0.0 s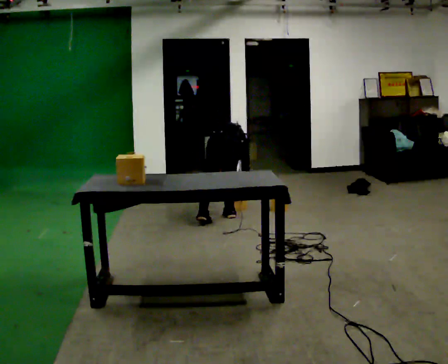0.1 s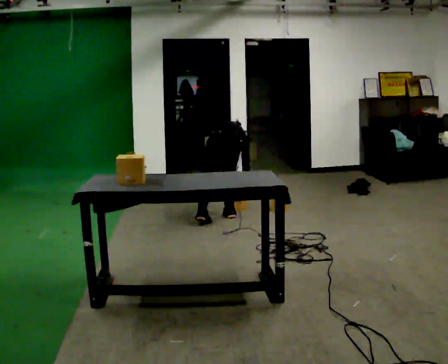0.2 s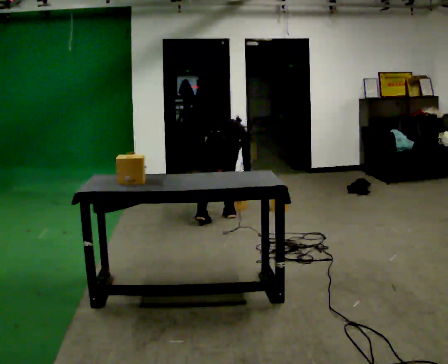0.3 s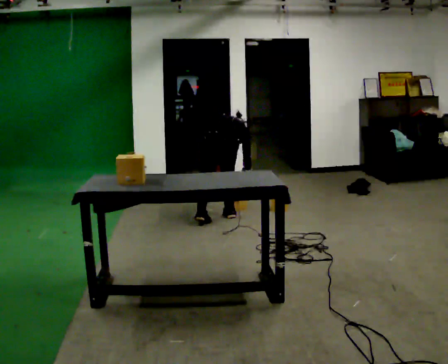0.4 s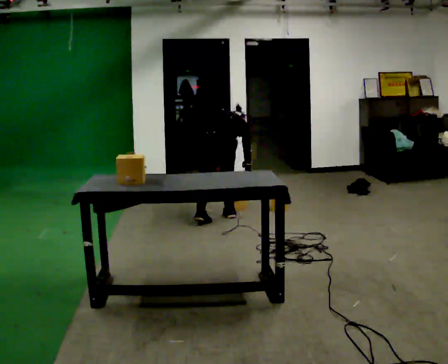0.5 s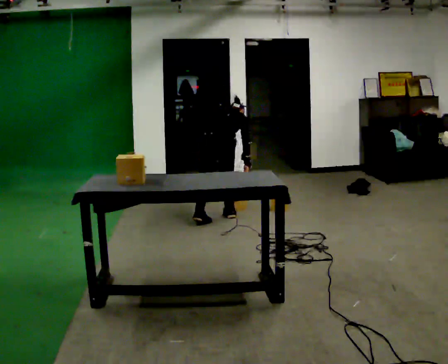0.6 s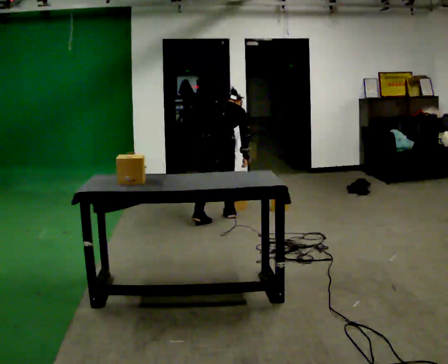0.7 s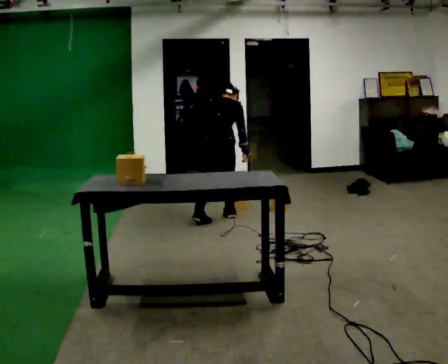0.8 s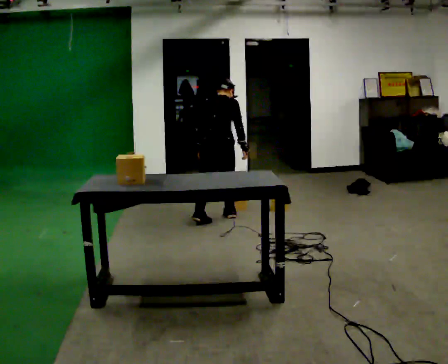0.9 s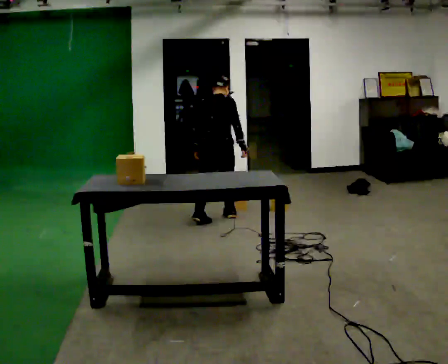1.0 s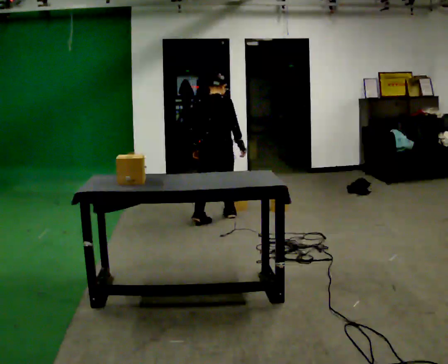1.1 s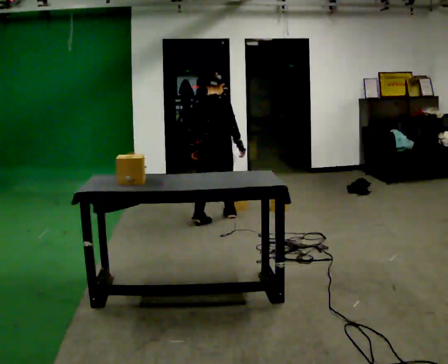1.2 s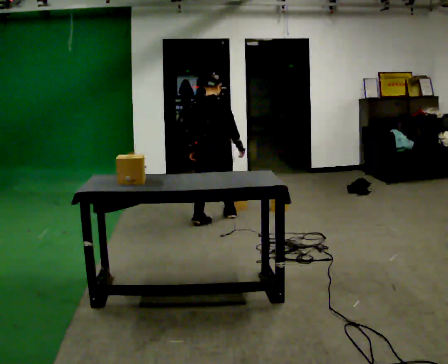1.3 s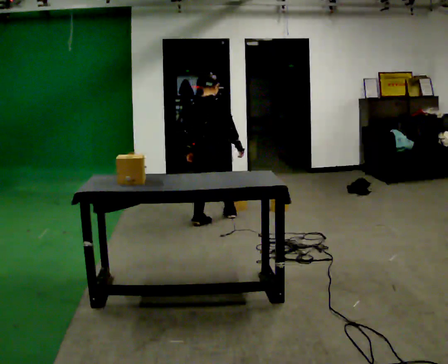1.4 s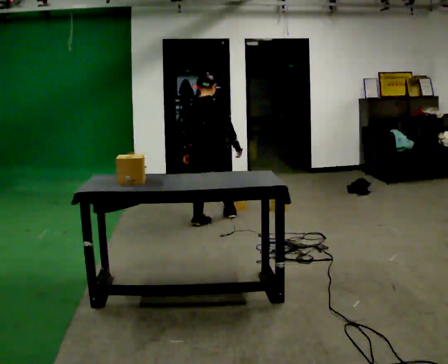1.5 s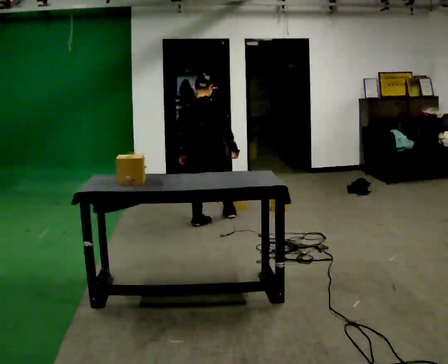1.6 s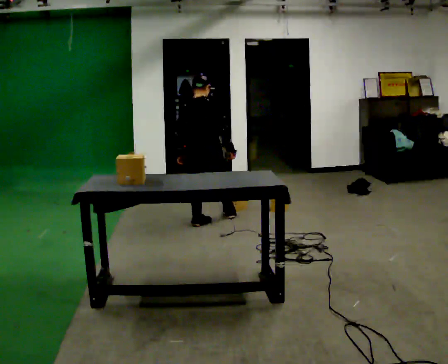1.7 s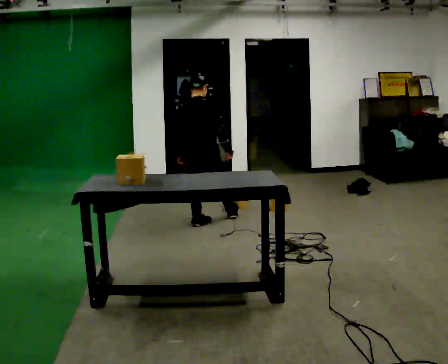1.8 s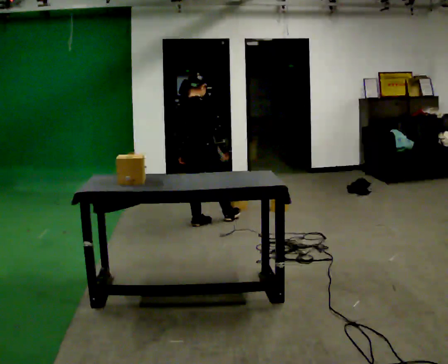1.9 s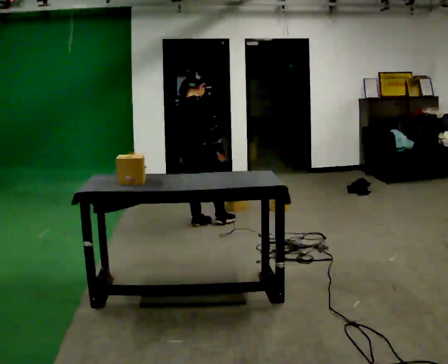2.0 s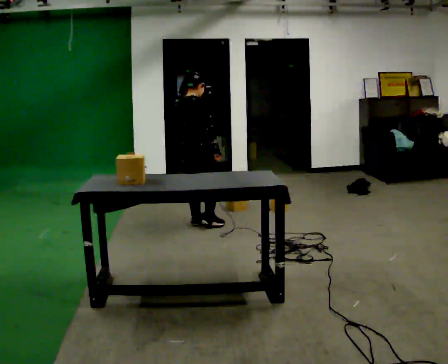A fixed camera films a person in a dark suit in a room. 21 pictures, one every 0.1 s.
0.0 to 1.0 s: The person turns about 30 degrees to their right, clockwise seen from above, so the part of the body nearest the lens slides to the left. The shoulders move upward. The upper body tips toward the camera, its near side rolling downward, as they lean back or straighten. In the picture their right hand goes upward.
1.0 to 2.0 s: In the picture they go to the left and toward the camera, about 0.25 m in 1 step, which for them is backward and to their left.
The film runs backward here.
